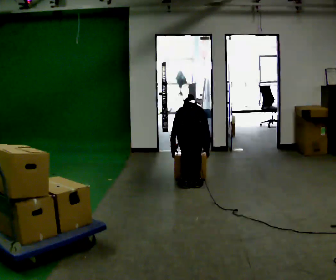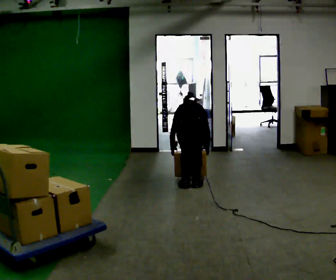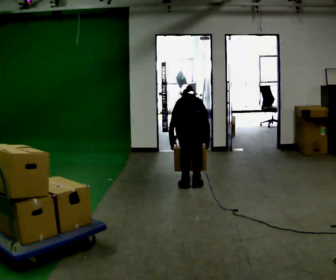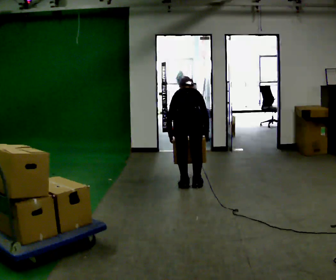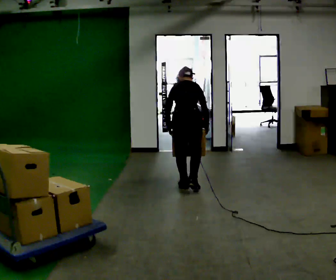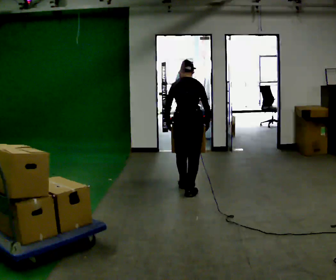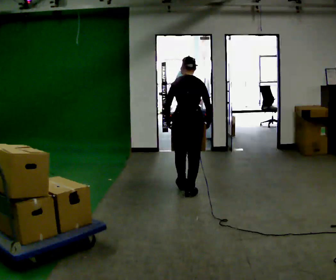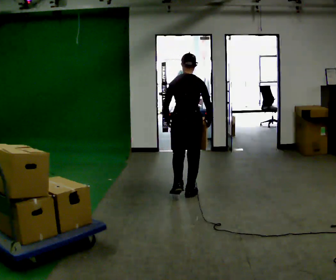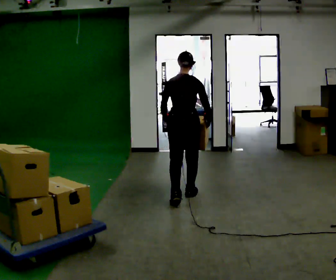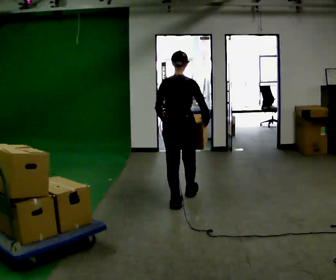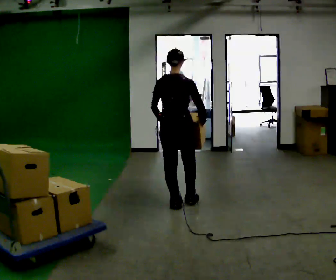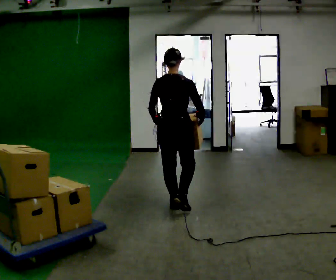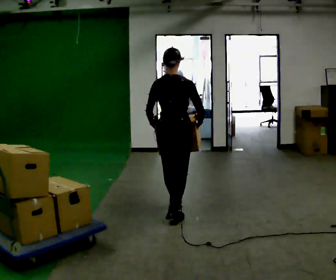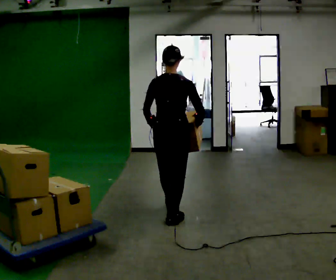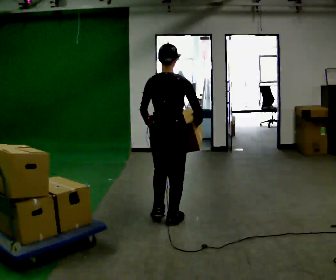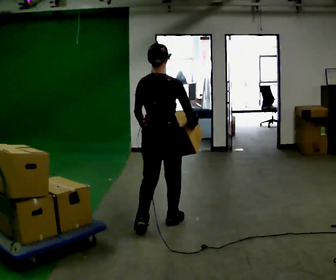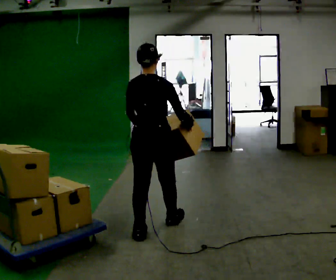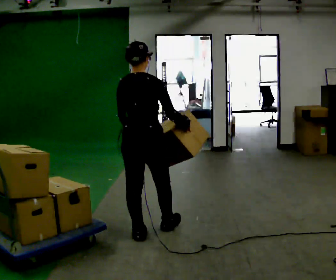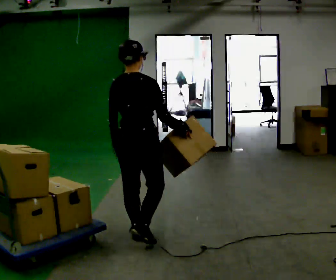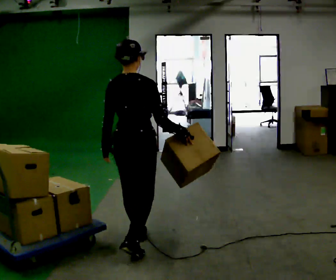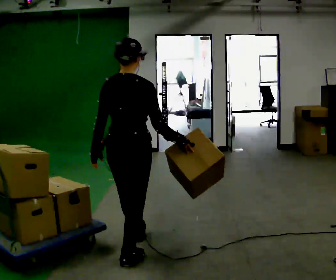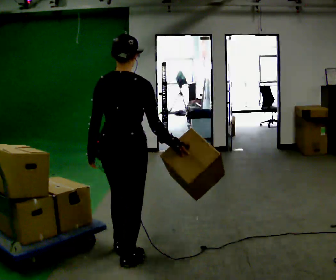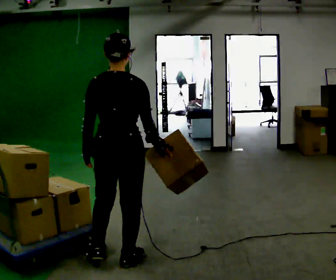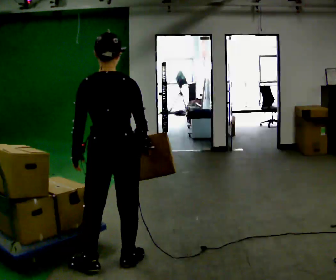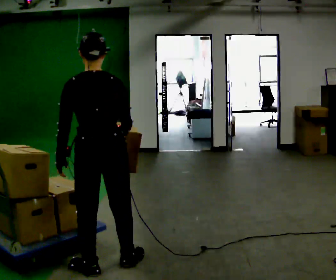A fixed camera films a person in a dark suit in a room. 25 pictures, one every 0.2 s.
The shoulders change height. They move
upward.
The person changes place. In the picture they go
toward the camera.
0.0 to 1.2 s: In the picture they go toward the camera, about 0.25 m in 2 steps, which for them is backward. The upper body goes upward. The upper body tips toward the camera, its near side rolling downward, as they lean back or straighten. In the picture their left hand goes upward.
1.2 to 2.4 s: In the picture they go toward the camera, about 0.5 m in 1 step, which for them is backward. The upper body tips toward the camera, its near side rolling downward, as they lean back or straighten.
2.4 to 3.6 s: In the picture they go toward the camera, about 0.5 m in 2 steps, which for them is backward.
3.6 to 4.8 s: Seen from above the body turns counterclockwise, about 30 degrees: to their left, with its near side sliding to the right. In the picture they go toward the camera, about 0.5 m in 1 step, which for them is backward.
The film runs backward here.
